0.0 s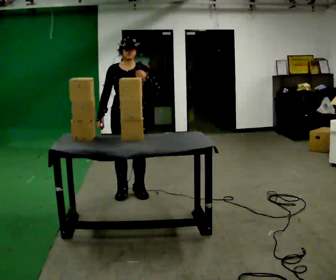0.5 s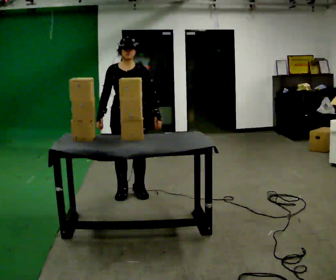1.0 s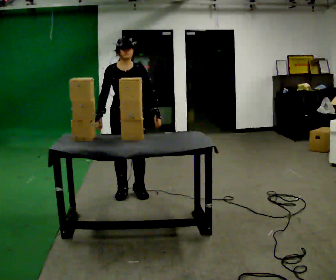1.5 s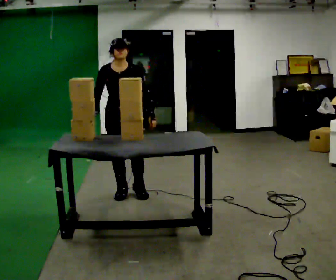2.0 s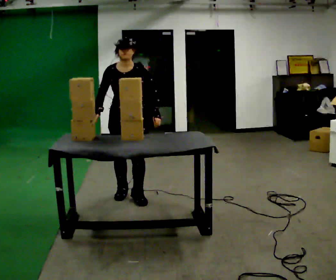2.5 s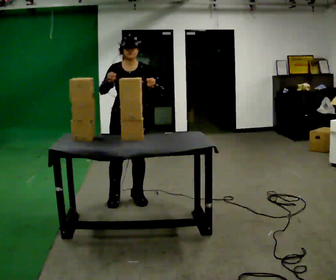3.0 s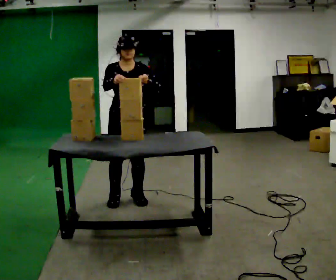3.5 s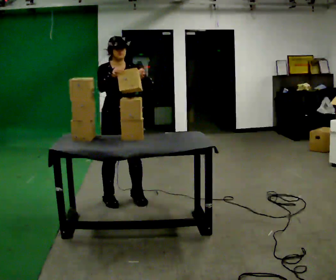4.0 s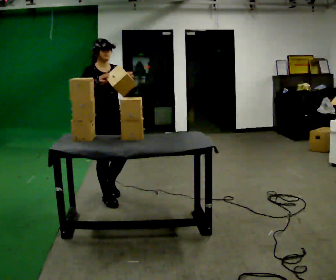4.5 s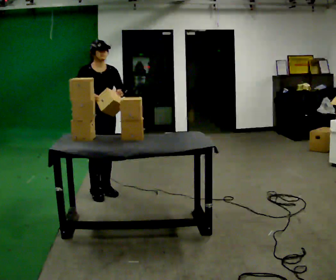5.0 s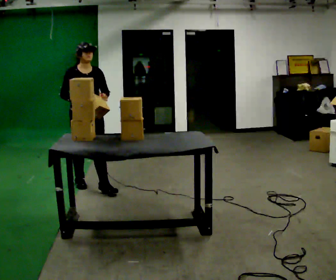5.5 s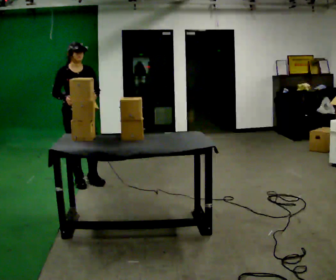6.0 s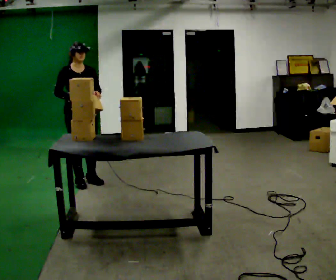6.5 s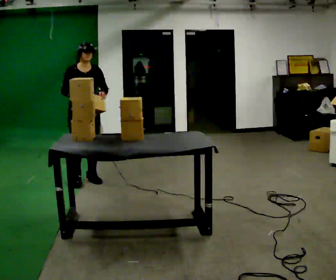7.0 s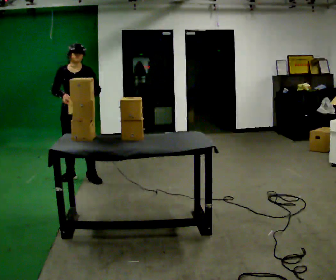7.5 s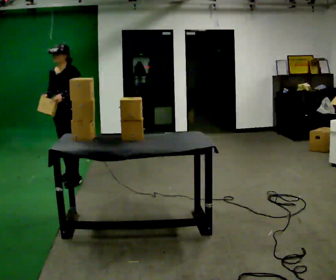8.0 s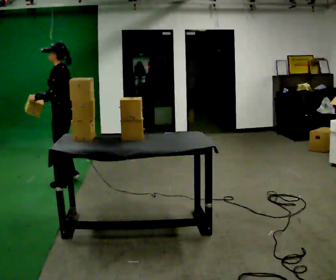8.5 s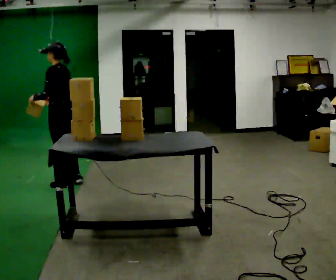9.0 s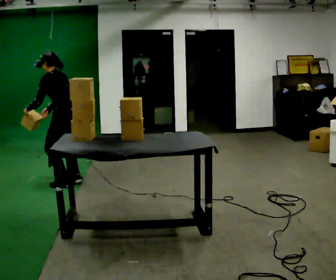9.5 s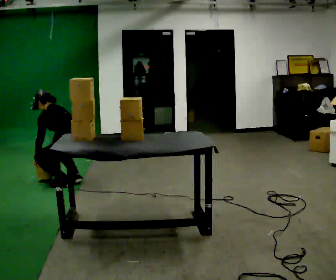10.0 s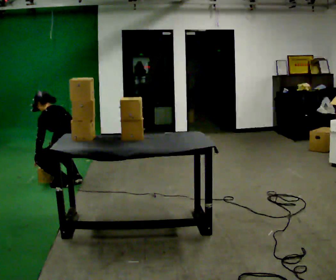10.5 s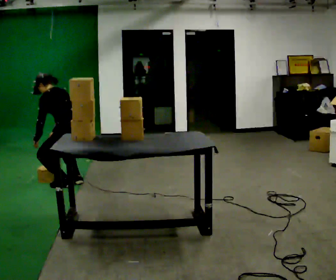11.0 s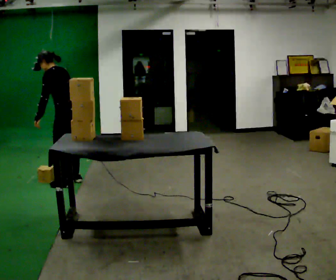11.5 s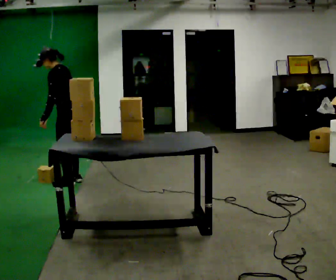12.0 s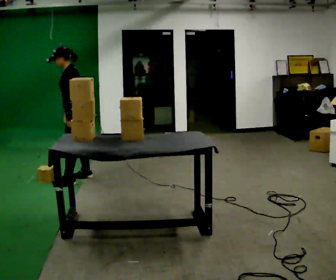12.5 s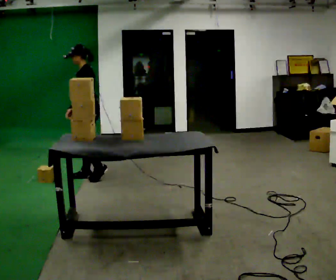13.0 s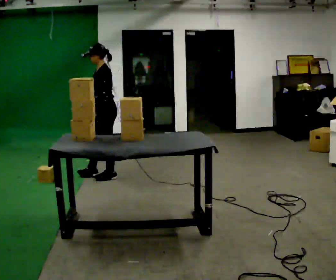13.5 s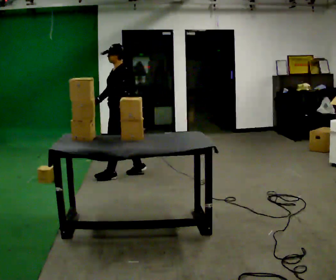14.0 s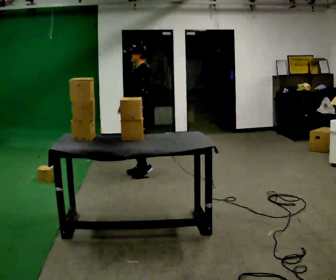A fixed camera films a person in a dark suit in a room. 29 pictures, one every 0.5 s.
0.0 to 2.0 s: In the picture their left hand goes downward.
2.0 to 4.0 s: The part of the body nearest the lens slides to the right as the person turns to their left by about 45 degrees. In the picture they go to the left, about 0.25 m in 2 steps, which for them is to their right.
4.0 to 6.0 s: In the picture they go away from the camera, about 0.75 m in 2 steps, which for them is backward.
6.0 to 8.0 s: Seen from above the body turns clockwise, about 120 degrees: to their right, with its near side sliding to the left. In the picture their left hand goes to the left.
8.0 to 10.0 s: Seen from above the body turns clockwise, about 30 degrees: to their right, with its near side sliding to the left. The upper body goes downward. In the picture the upper body tilts counterclockwise, shoulders to the left, as they bend forward. In the picture their left hand goes downward.
10.0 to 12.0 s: The part of the body nearest the lens slides to the right as the person turns to their left by about 30 degrees. In the picture they go away from the camera, about 0.25 m in 1 step, which for them is to their right. The shoulders move upward. In the picture the upper body tilts clockwise, shoulders to the right, as they lean back or straighten. In the picture their left hand goes upward and to the right.
12.0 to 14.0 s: In the picture they go to the right, about 1 m in 3 steps, which for them is backward.
The film runs backward here.
